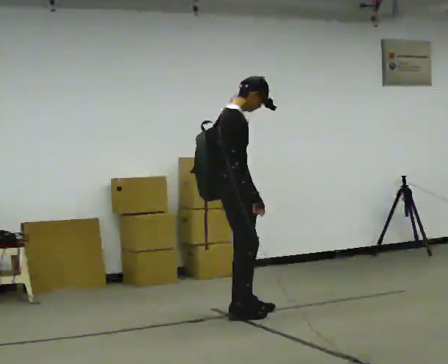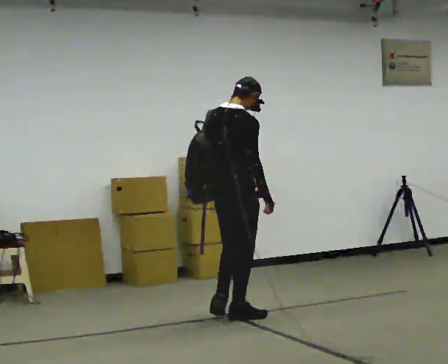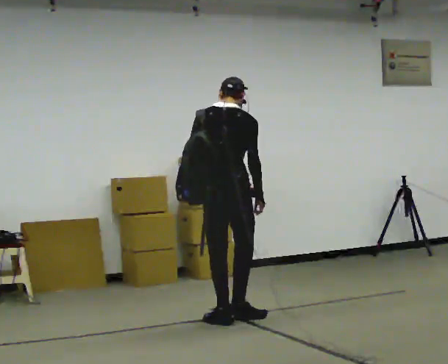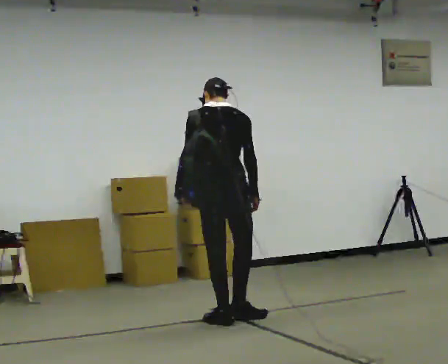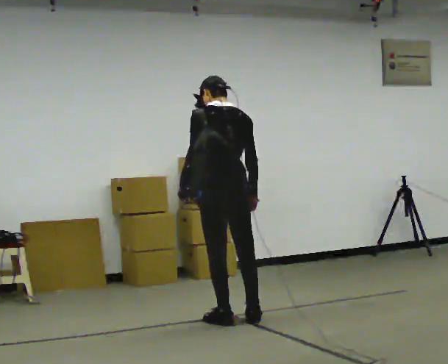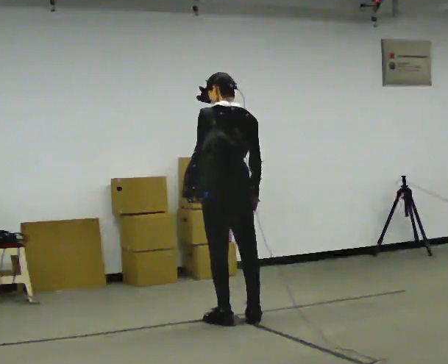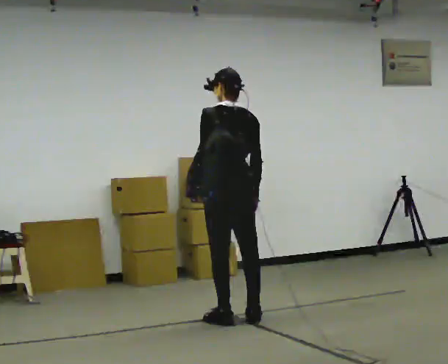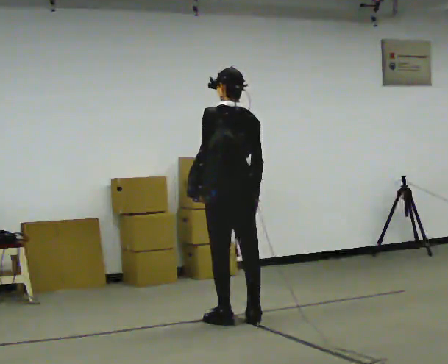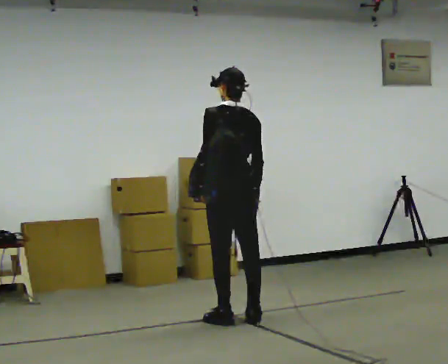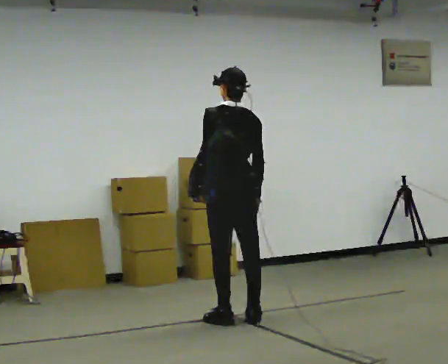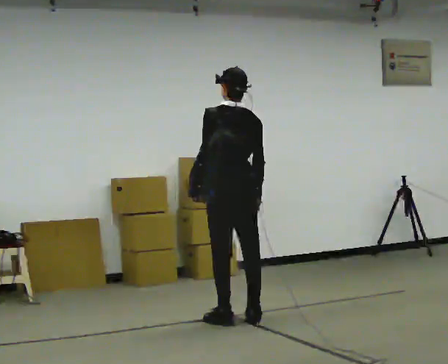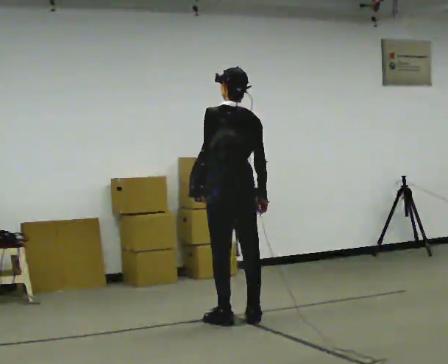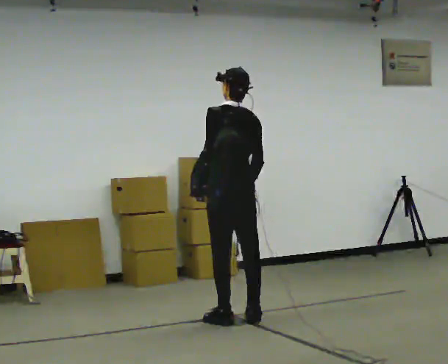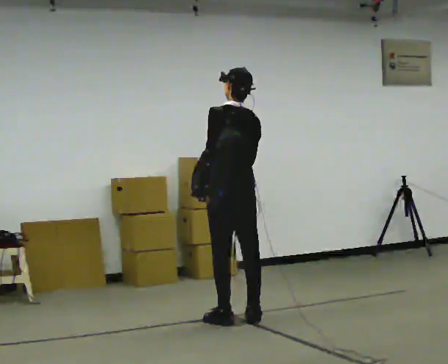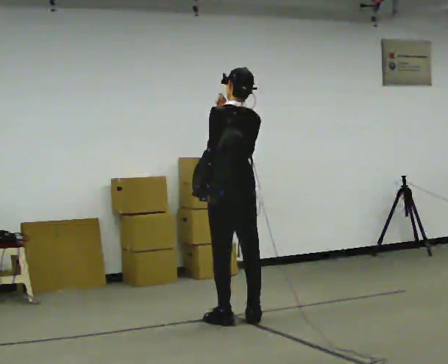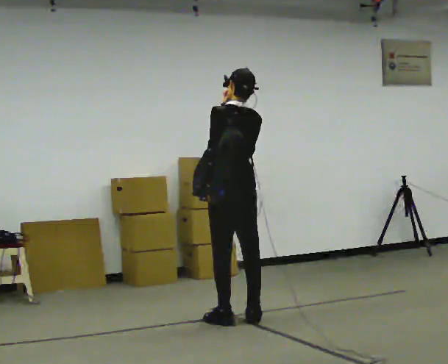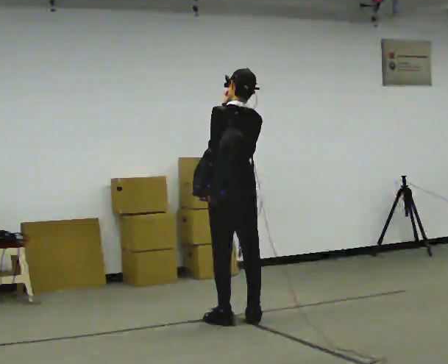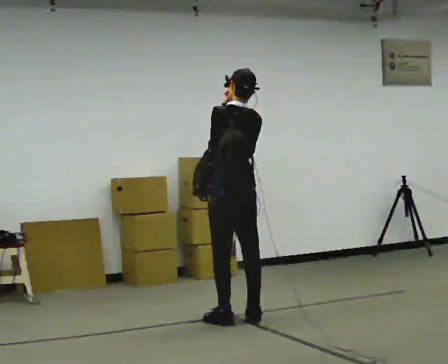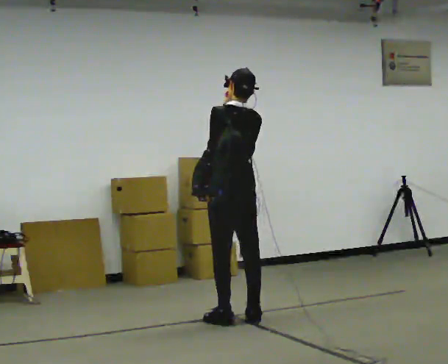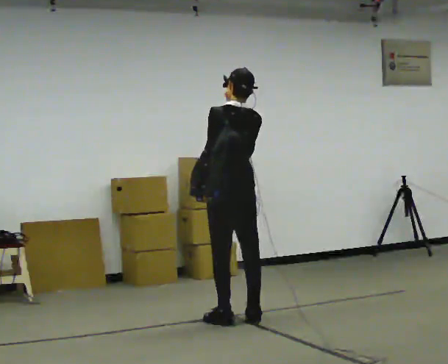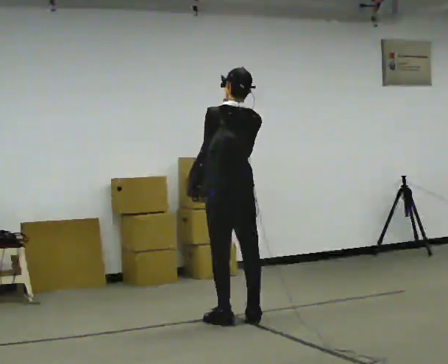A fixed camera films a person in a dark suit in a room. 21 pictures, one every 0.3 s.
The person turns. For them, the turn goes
to their left.
The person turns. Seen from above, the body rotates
counterclockwise.
0.0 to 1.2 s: Seen from above the body turns counterclockwise, about 90 degrees: to their left, with its near side sliding to the right. In the picture they go toward the camera, about 0.25 m in 2 steps.
1.2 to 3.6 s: The person moves a little, or ends about where they began.
3.6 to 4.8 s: In the picture their right hand goes upward.
4.8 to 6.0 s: The person moves a little, or ends about where they began.
The film runs backward here.
